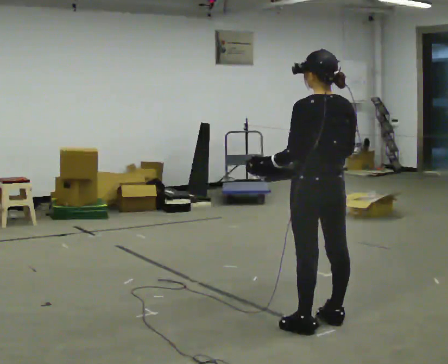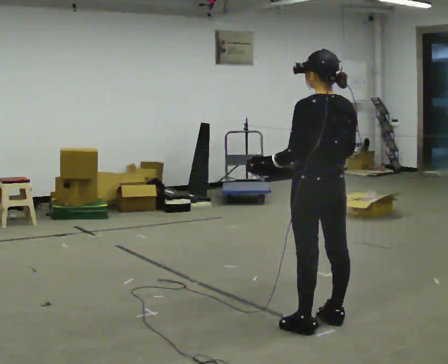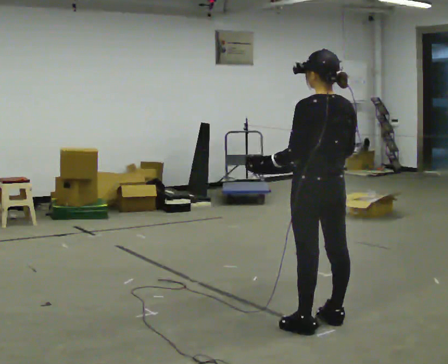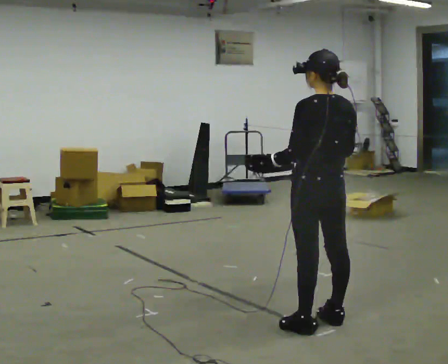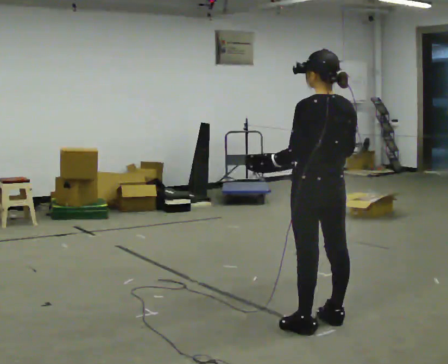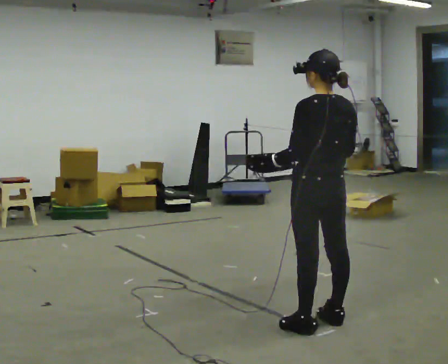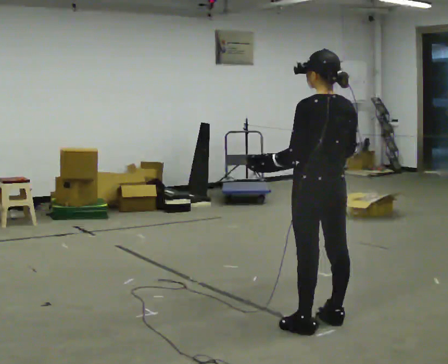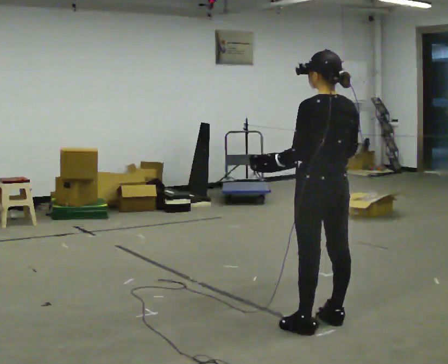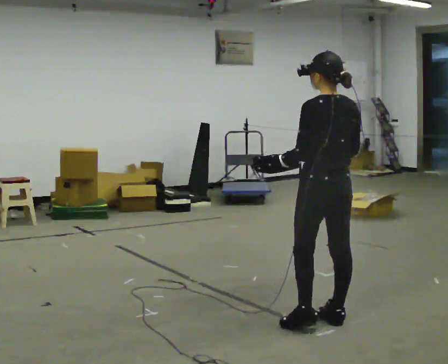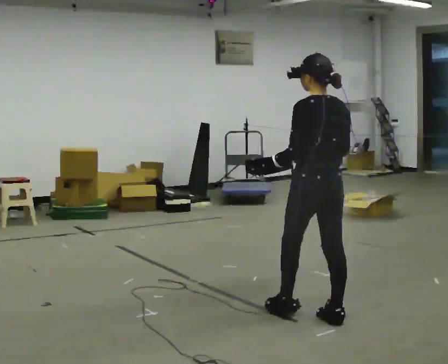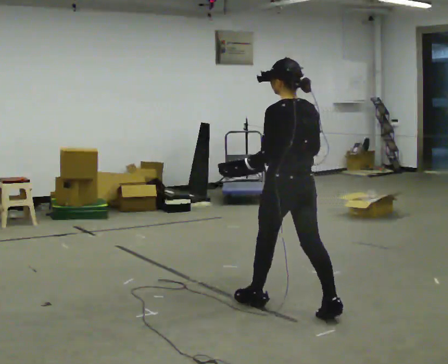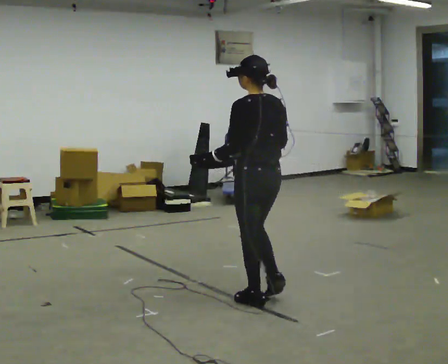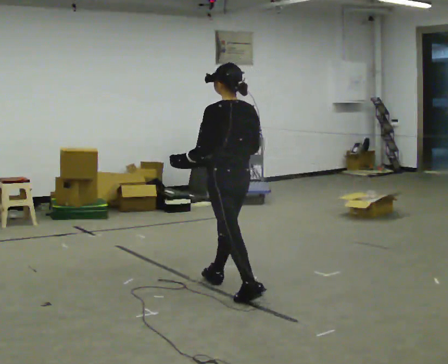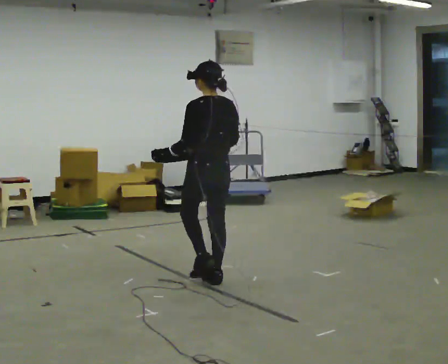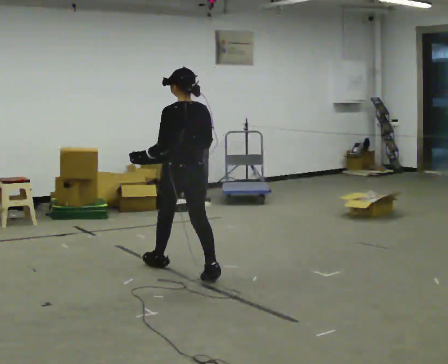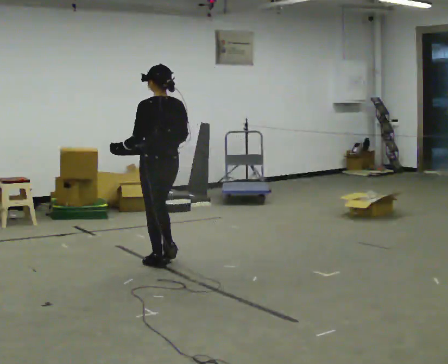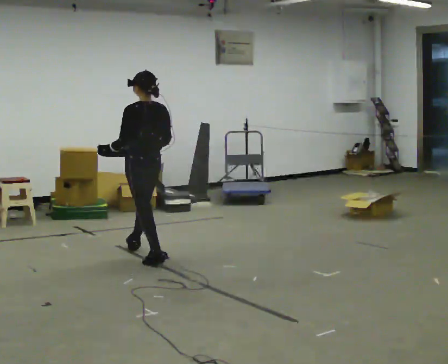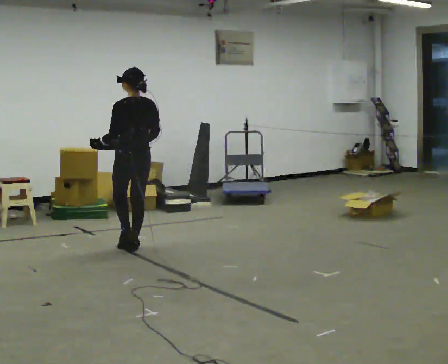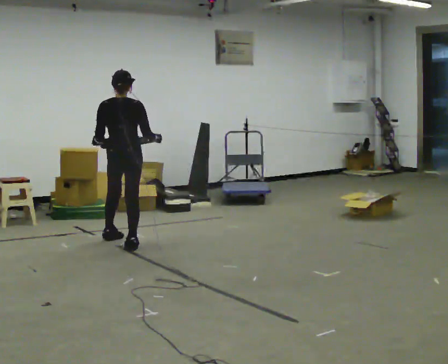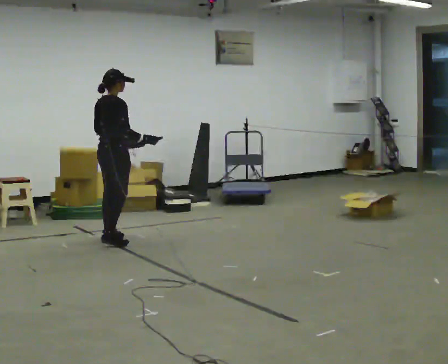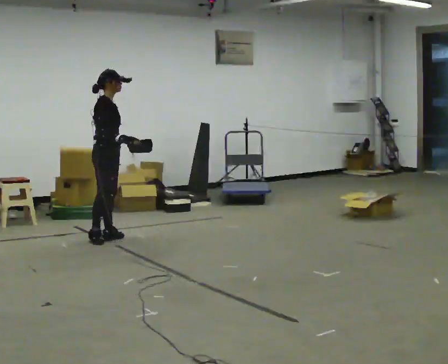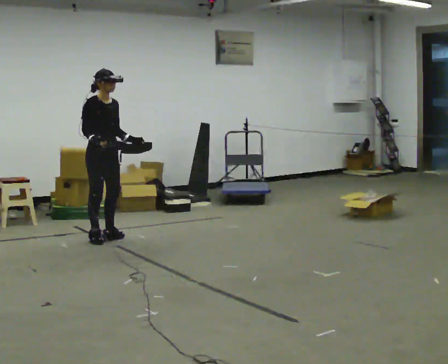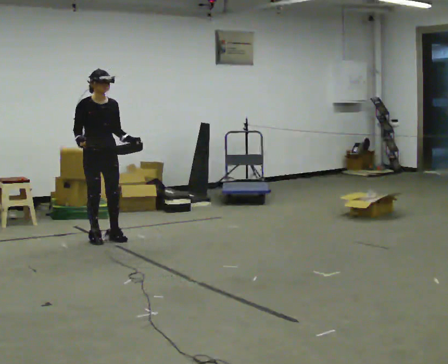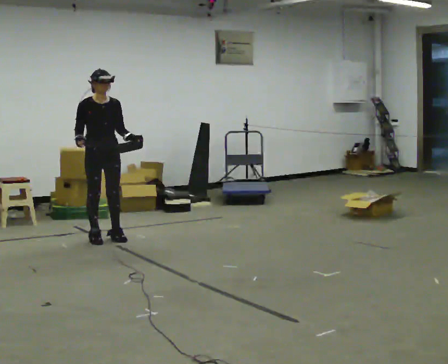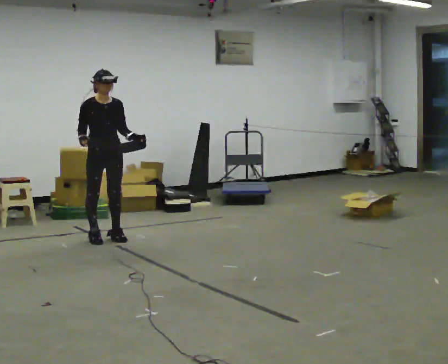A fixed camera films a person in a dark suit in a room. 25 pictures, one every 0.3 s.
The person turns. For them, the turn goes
to their right.
The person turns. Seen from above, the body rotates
clockwise.
0.0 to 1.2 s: The person keeps their place and pose.
1.2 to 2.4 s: The person moves a little, or ends about where they began.
2.4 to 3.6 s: In the picture they go to the left and away from the camera, about 1 m in 1 step, which for them is forward.
3.6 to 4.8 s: In the picture they go away from the camera and to the left, about 1 m in 3 steps, which for them is forward.
4.8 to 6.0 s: The part of the body nearest the lens slides to the left as the person turns to their right by about 135 degrees. In the picture they go away from the camera and to the left, about 0.5 m in 2 steps.
6.0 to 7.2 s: Seen from above the body turns clockwise, about 60 degrees: to their right, with its near side sliding to the left. In the picture their right hand goes to the left.
The film runs forward here.
